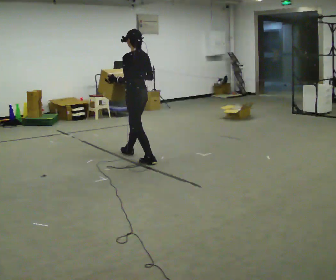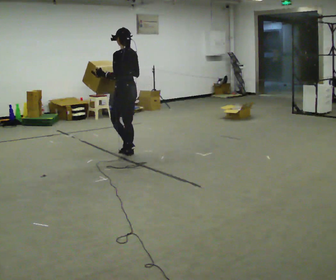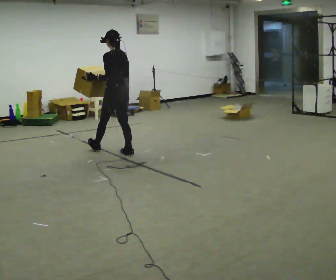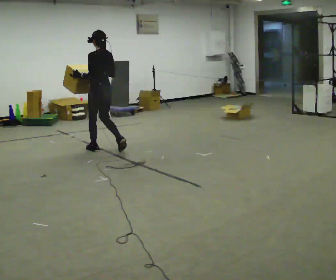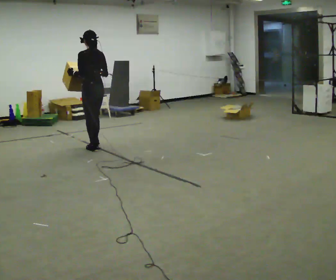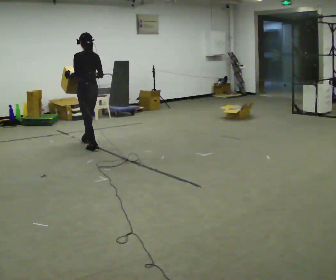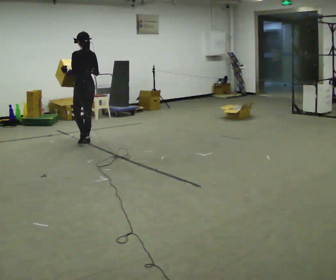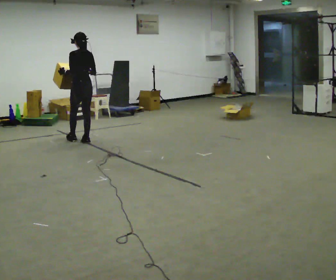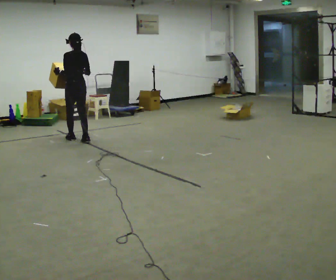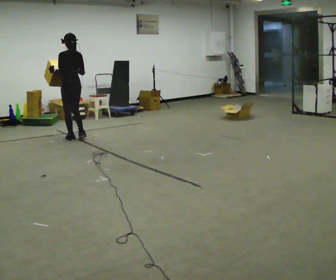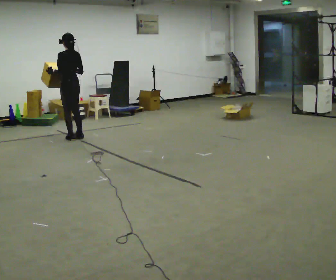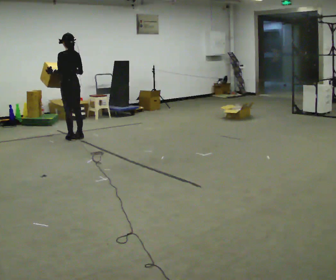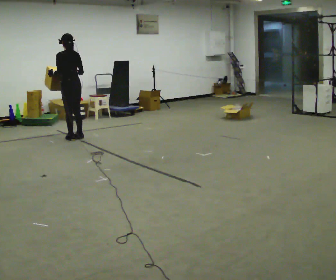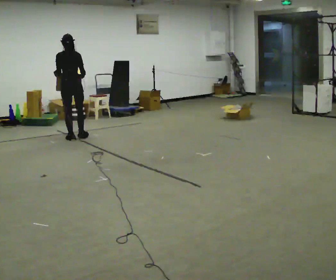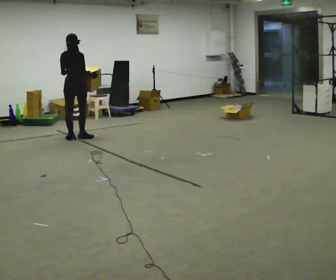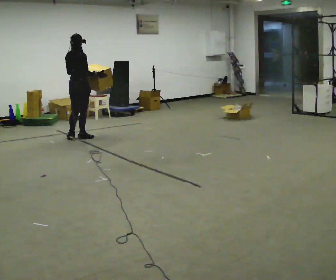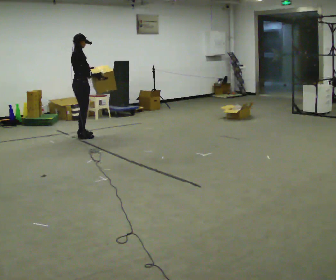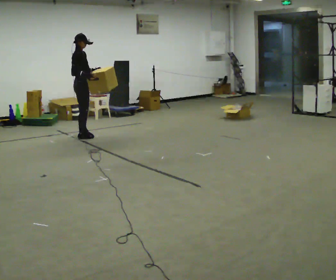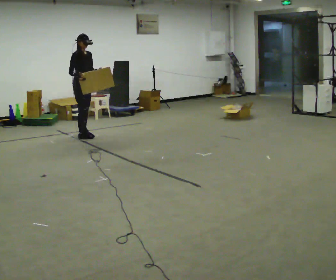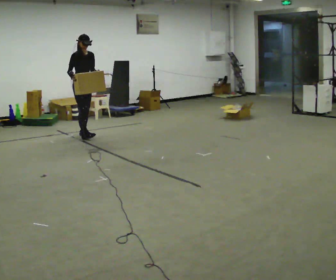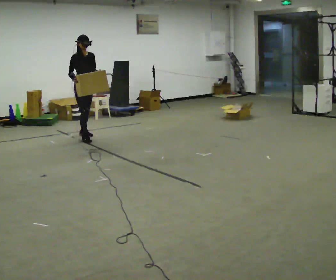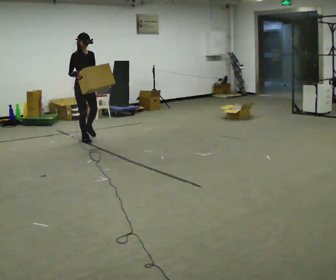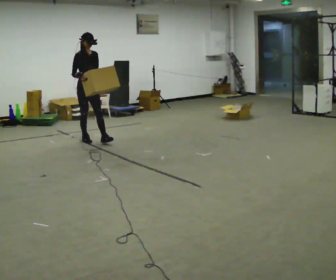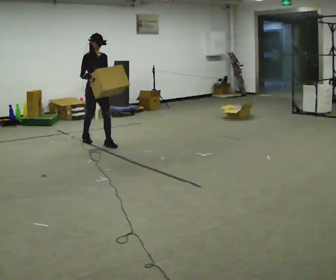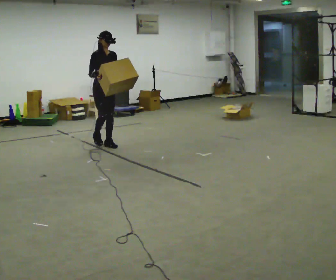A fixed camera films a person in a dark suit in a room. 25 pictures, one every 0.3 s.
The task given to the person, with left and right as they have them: Carry the box and, while walking, shift it to a different hold: front, then hip, then shoulder, then back to front. Do not stop walking.
0.0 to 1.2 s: In the picture they go away from the camera and to the left, about 0.5 m in 1 step, which for them is forward.
1.2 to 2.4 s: In the picture they go away from the camera, about 0.5 m in 2 steps, which for them is forward.
2.4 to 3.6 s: The person moves a little, or ends about where they began.
3.6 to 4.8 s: The part of the body nearest the lens slides to the left as the person turns to their right by about 105 degrees.
4.8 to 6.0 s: Seen from above the body turns clockwise, about 75 degrees: to their right, with its near side sliding to the left. In the picture their right hand goes to the left.
6.0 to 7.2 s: In the picture they go toward the camera, about 0.75 m in 1 step, which for them is forward.
The film runs forward here.
